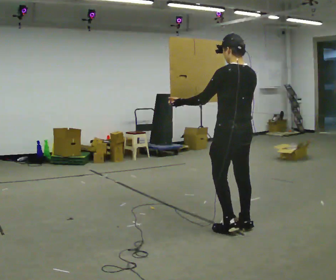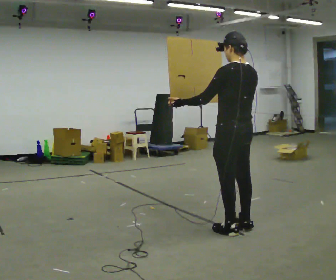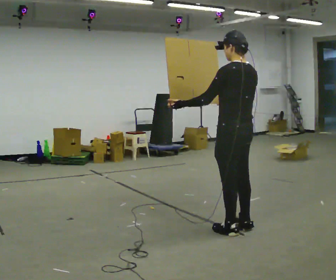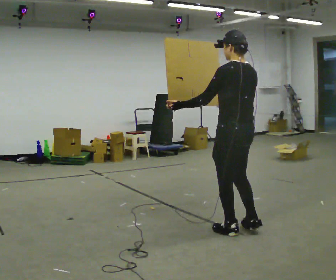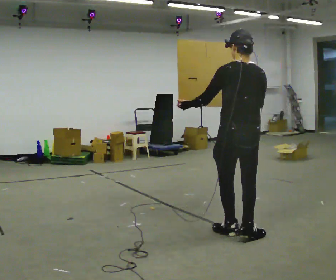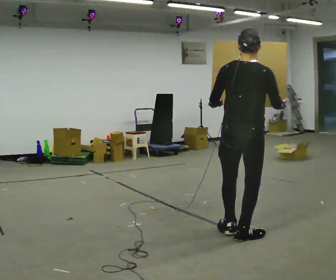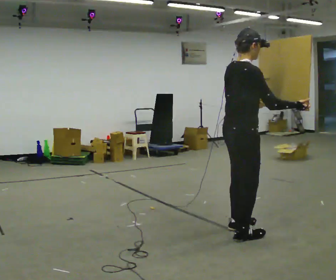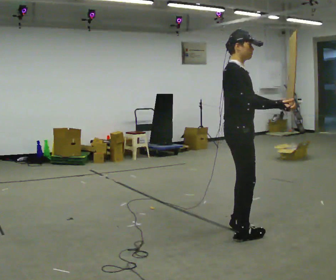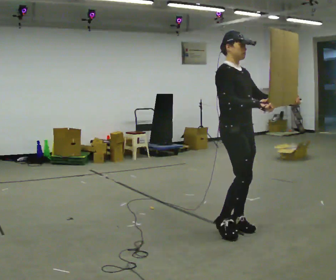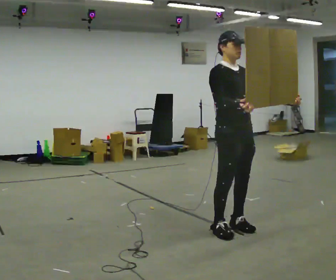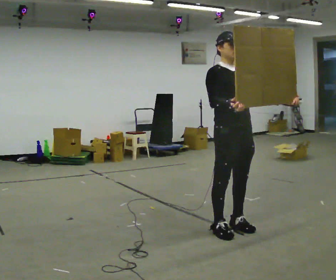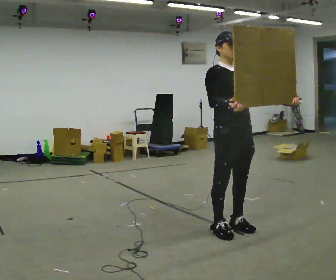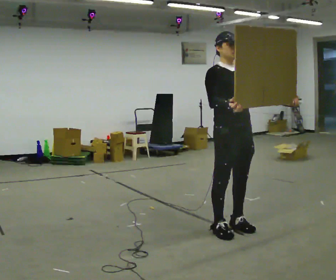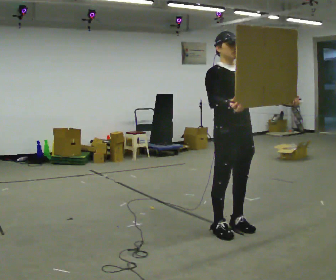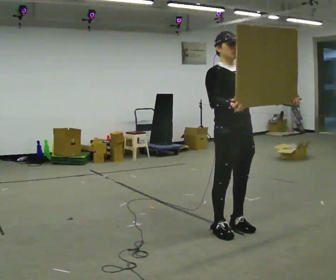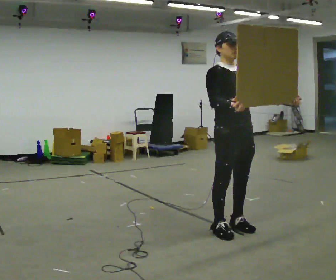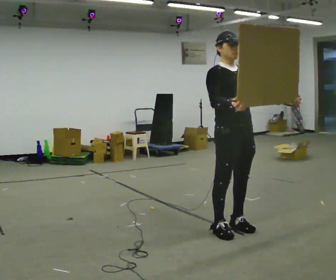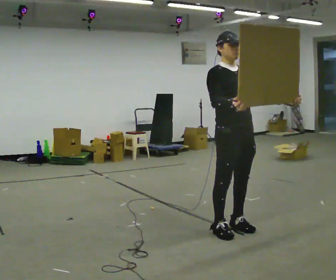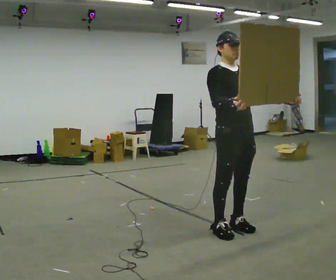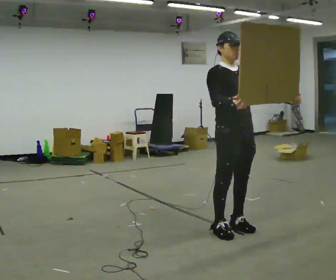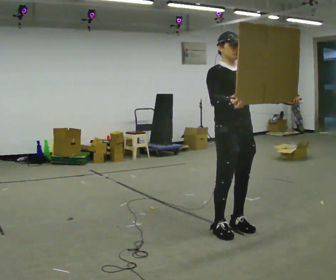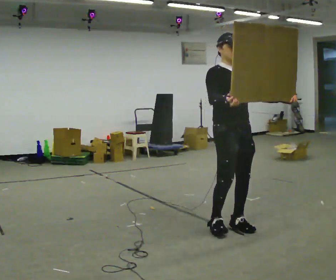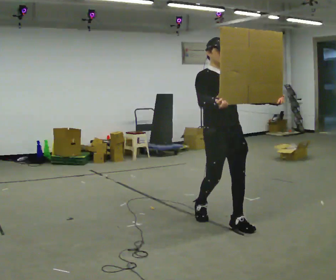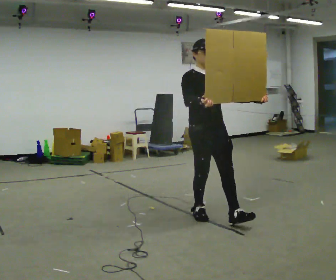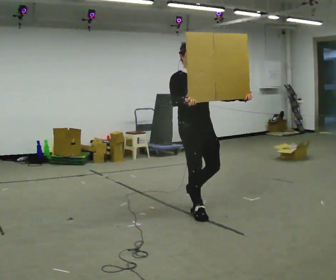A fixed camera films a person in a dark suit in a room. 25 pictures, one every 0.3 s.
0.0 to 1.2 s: In the picture they go toward the camera, about 0.25 m in 1 step, which for them is backward and to their left.
1.2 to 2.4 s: Seen from above the body turns clockwise, about 135 degrees: to their right, with its near side sliding to the left. In the picture their left hand goes to the right.
2.4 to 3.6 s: The person moves a little, or ends about where they began.
3.6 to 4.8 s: The person keeps their place and pose.
4.8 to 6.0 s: The person moves a little, or ends about where they began.
6.0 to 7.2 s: In the picture they go away from the camera and to the left, about 0.75 m in 2 steps, which for them is backward.
The film runs backward here.
